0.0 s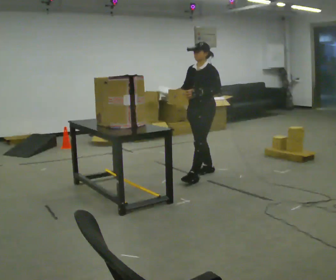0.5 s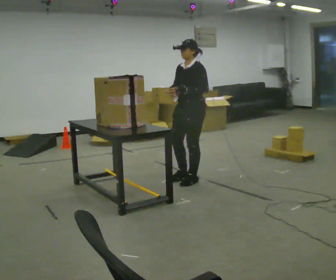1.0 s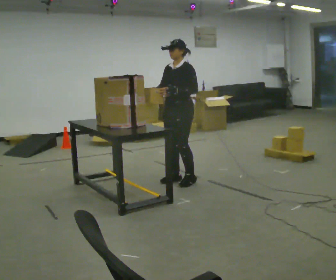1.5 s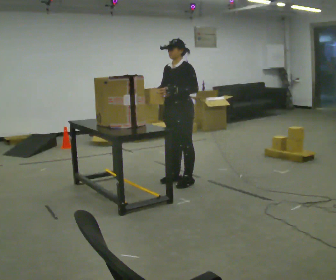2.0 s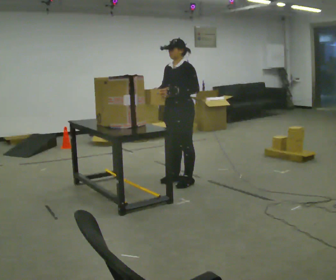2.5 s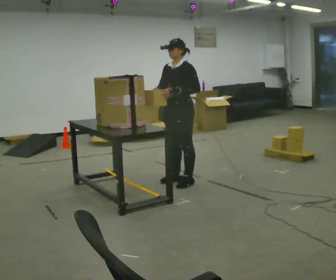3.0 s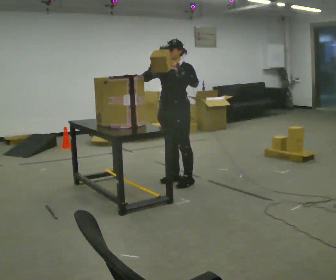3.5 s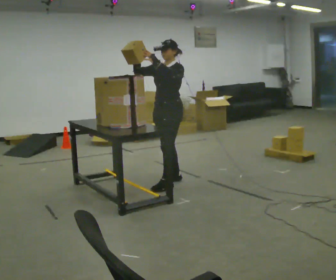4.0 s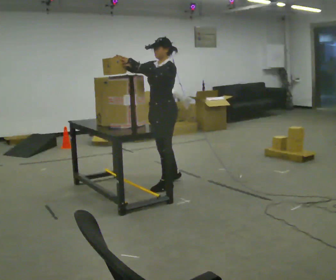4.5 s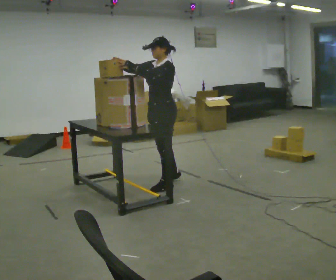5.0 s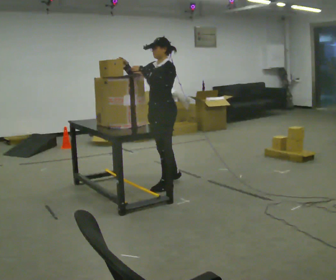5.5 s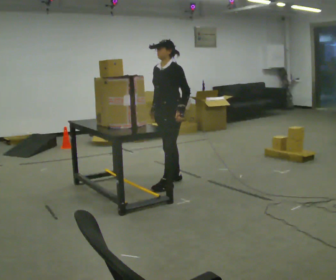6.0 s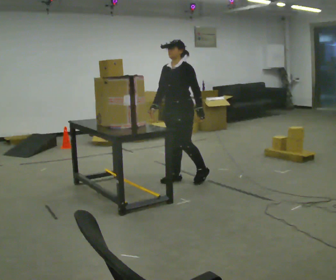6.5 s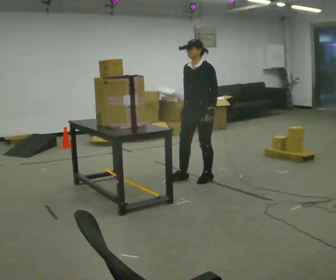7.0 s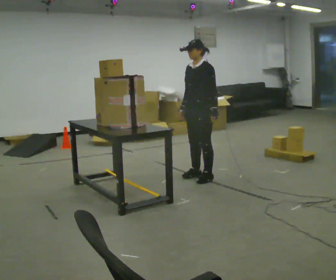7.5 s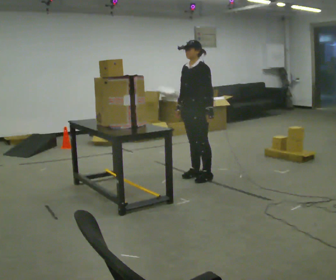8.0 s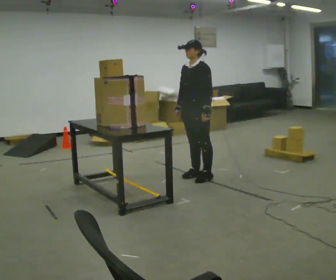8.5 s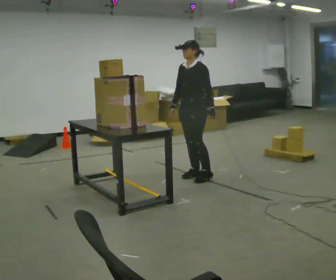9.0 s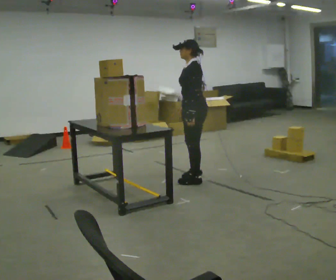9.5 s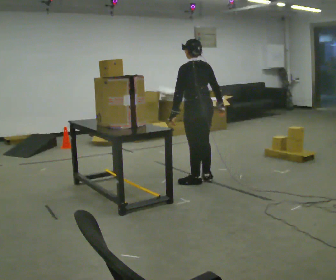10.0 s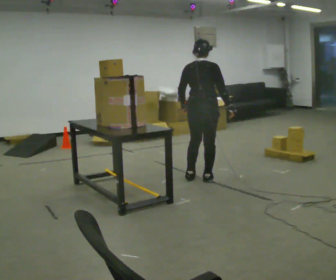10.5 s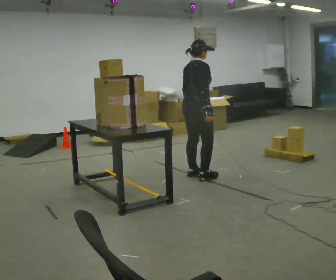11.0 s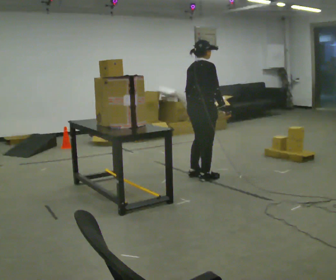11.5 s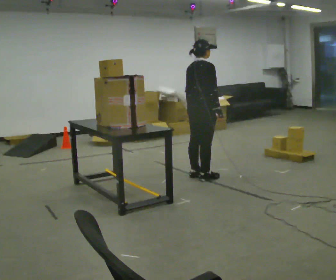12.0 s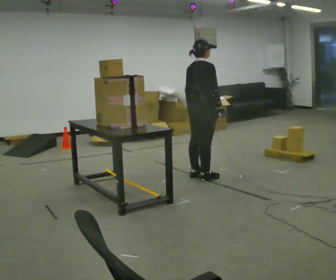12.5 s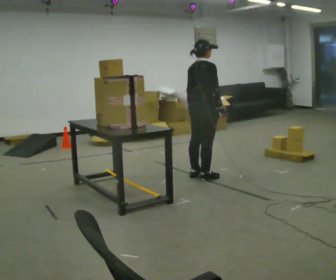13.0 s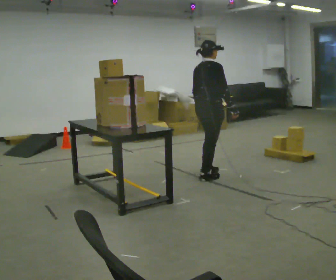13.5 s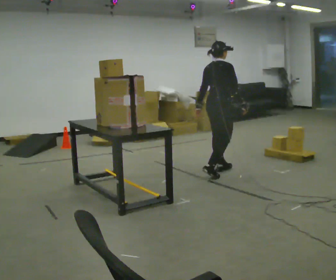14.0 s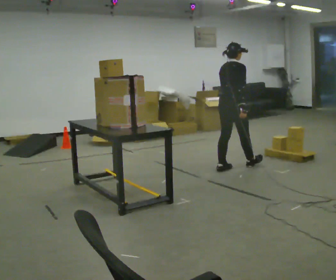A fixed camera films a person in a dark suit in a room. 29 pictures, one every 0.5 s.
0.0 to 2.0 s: In the picture they go to the left and toward the camera, about 0.25 m in 1 step, which for them is forward.
2.0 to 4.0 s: In the picture they go to the left, about 0.25 m in 1 step, which for them is forward. In the picture their right hand goes to the left and upward.
4.0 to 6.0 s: In the picture they go away from the camera and to the right, about 0.25 m, which for them is backward and to their right. In the picture their left hand goes downward.
6.0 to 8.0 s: In the picture they go to the right, about 0.25 m in 2 steps, which for them is backward.
8.0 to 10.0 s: Seen from above the body turns clockwise, about 150 degrees: to their right, with its near side sliding to the left.
10.0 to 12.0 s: The part of the body nearest the lens slides to the left as the person turns to their right by about 30 degrees.
12.0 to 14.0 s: In the picture they go to the right and away from the camera, about 0.5 m in 1 step, which for them is forward.
The film runs forward here.
